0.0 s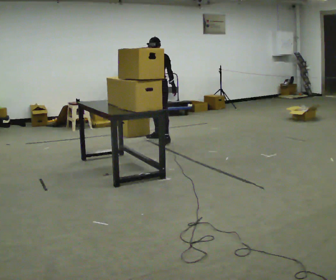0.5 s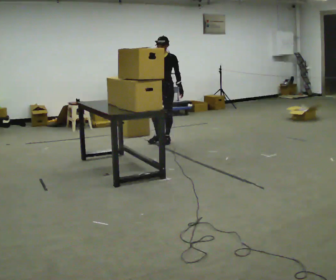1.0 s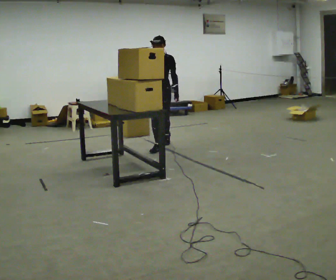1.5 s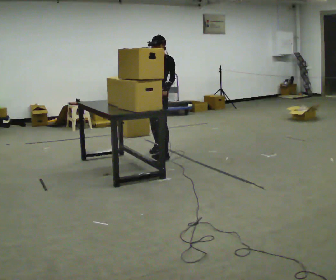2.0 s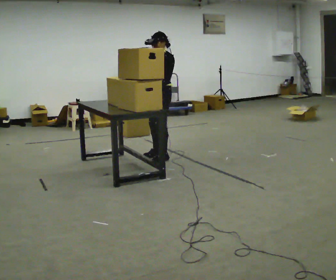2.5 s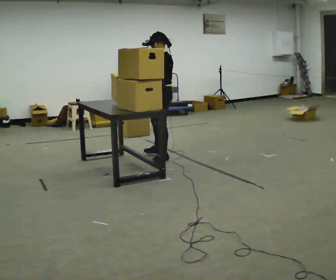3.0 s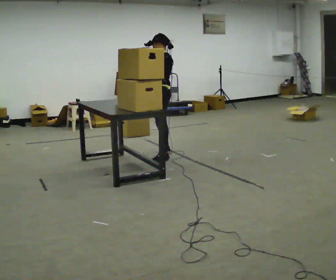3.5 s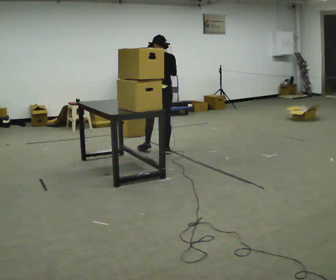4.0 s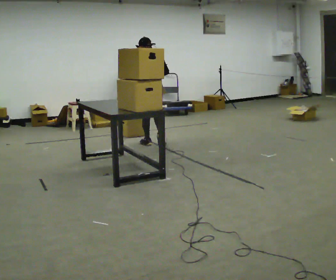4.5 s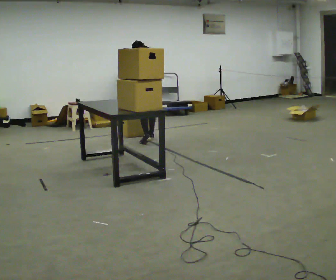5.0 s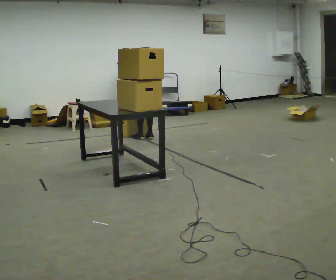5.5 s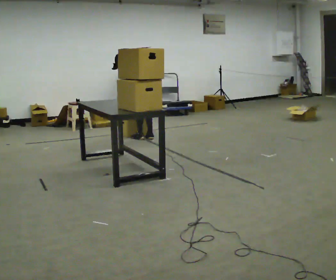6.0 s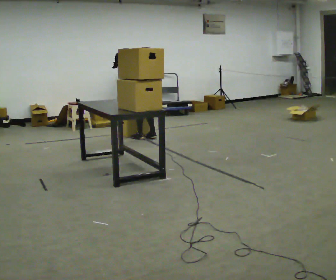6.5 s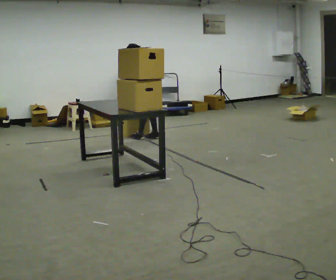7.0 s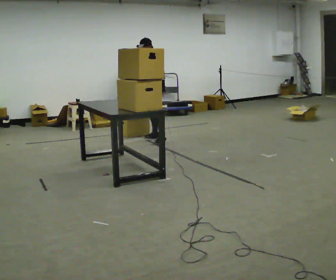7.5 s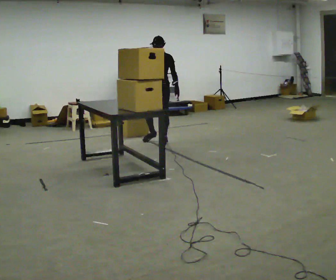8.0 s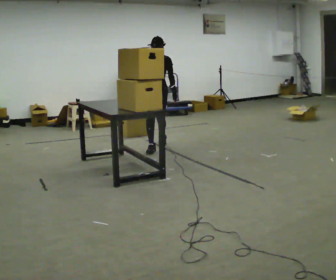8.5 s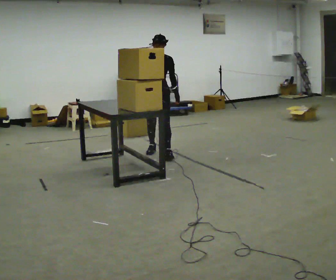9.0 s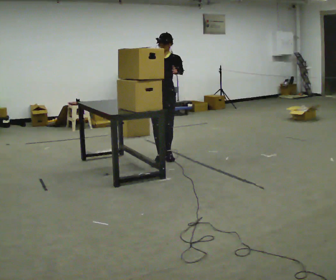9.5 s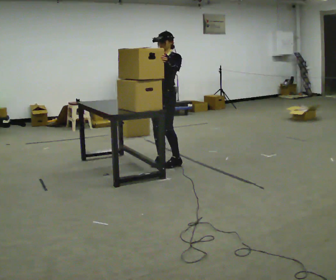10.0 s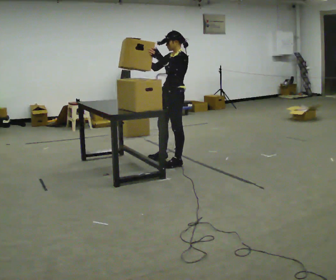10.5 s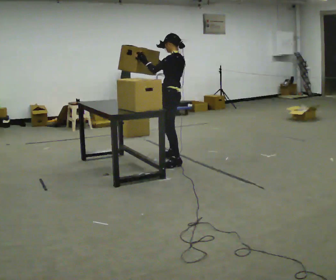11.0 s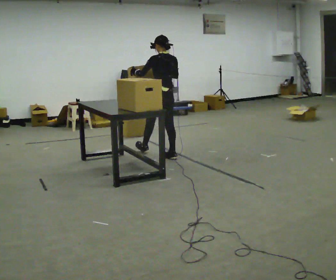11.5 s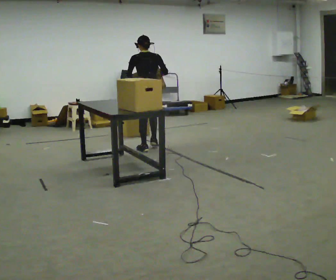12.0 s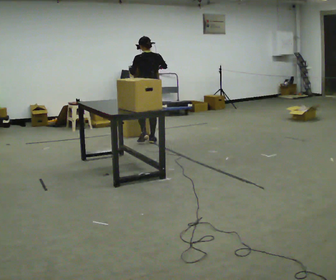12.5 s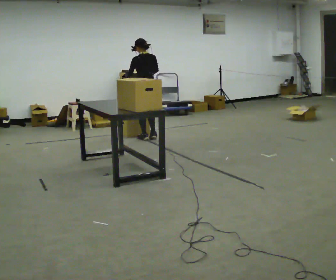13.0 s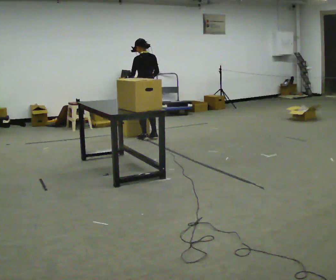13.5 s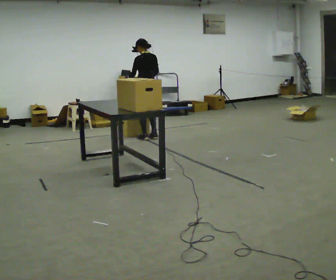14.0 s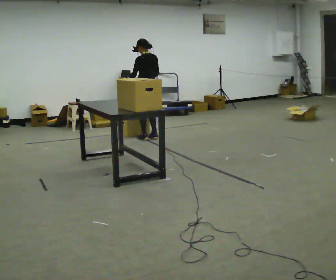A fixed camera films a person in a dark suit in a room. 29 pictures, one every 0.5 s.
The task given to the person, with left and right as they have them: Pick up the next box in the row and carry it to the table. The operator will not tell you how heavy each one is. Keep going until the operator says stop; one object at a time, and do not rush between trips.
0.0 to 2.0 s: In the picture they go toward the camera, about 1 m in 2 steps, which for them is forward.
2.0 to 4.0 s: The part of the body nearest the lens slides to the left as the person turns to their right by about 120 degrees. In the picture they go away from the camera, about 0.75 m in 2 steps.
4.0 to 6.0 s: Seen from above the body turns counterclockwise, about 45 degrees: to their left, with its near side sliding to the right. In the picture they go away from the camera, about 0.5 m in 2 steps, which for them is forward and to their right. In the picture the upper body tilts counterclockwise, shoulders to the left, as they bend forward.
6.0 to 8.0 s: The person turns about 135 degrees to their left, counterclockwise seen from above, so the part of the body nearest the lens slides to the right. In the picture they go toward the camera, about 0.5 m in 2 steps. In the picture the upper body tilts clockwise, shoulders to the right, as they lean back or straighten.
8.0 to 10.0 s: Seen from above the body turns clockwise, about 60 degrees: to their right, with its near side sliding to the left. In the picture they go toward the camera, about 1 m in 3 steps. In the picture their left hand goes upward.
10.0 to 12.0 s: Seen from above the body turns clockwise, about 90 degrees: to their right, with its near side sliding to the left. In the picture they go away from the camera, about 1 m in 3 steps.
12.0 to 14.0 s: In the picture they go away from the camera, about 0.25 m in 2 steps, which for them is forward and to their right.
The film runs forward here.
